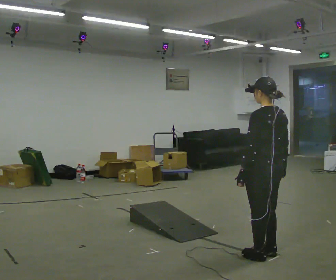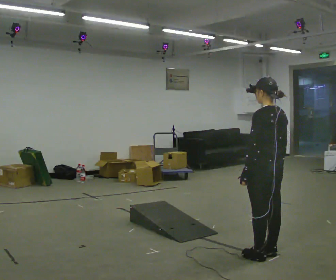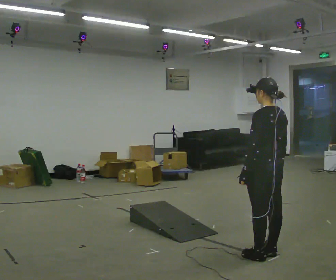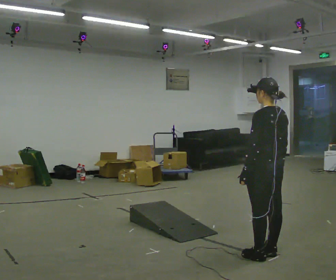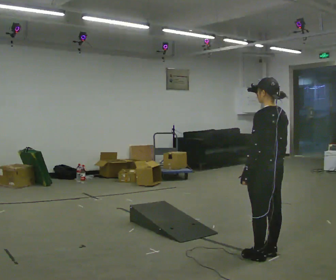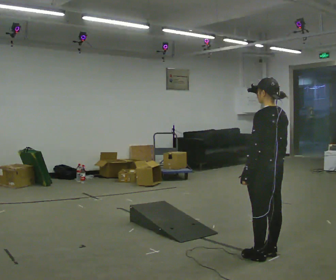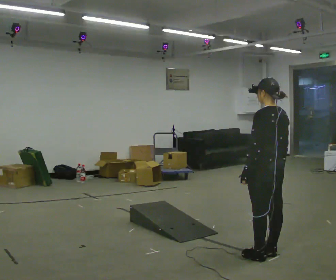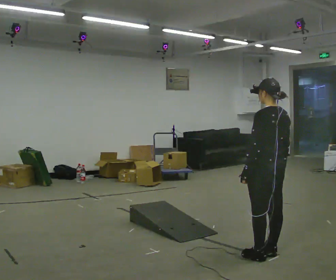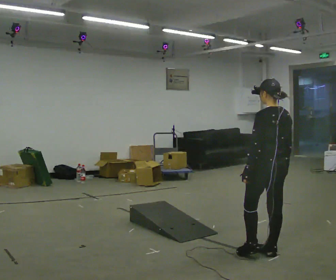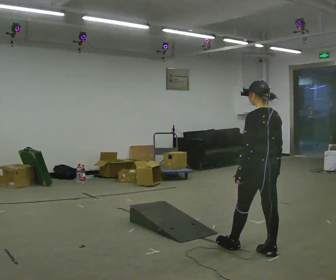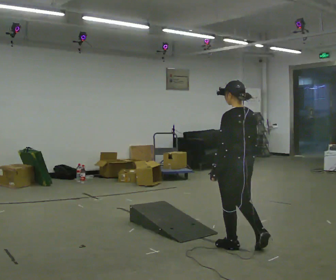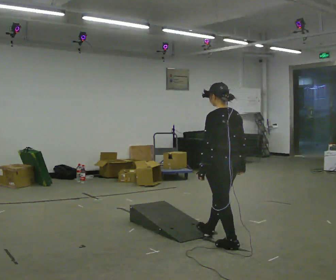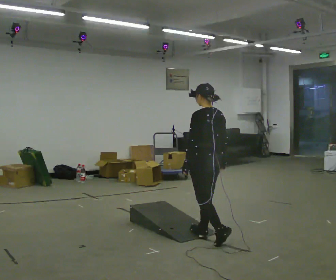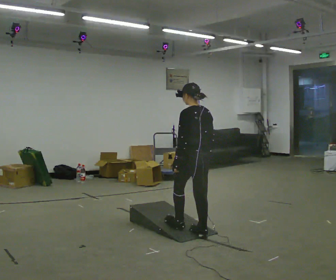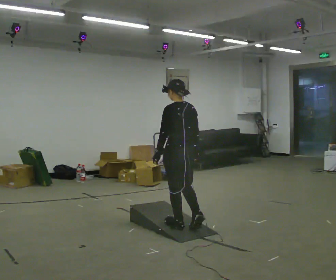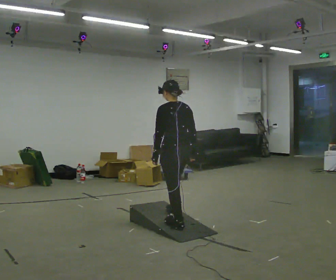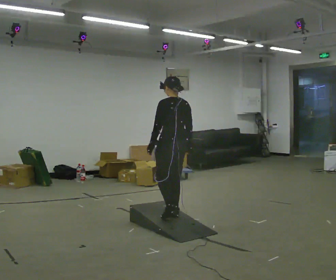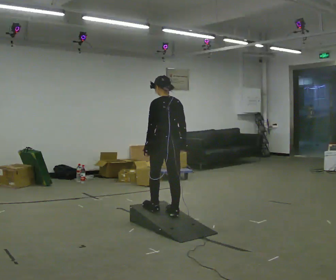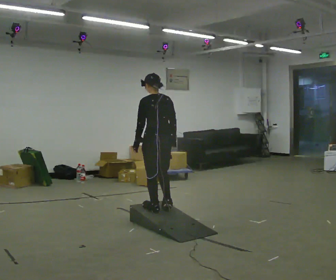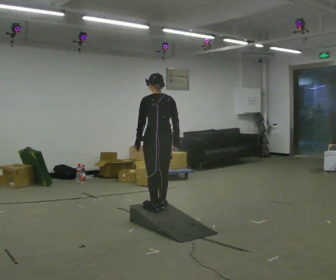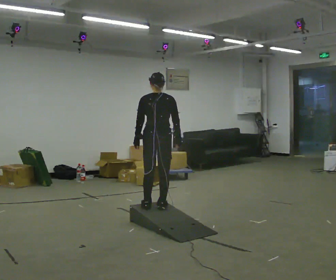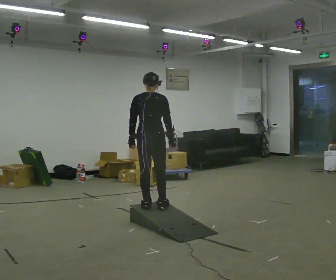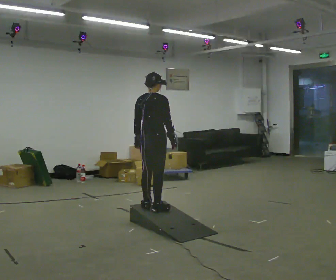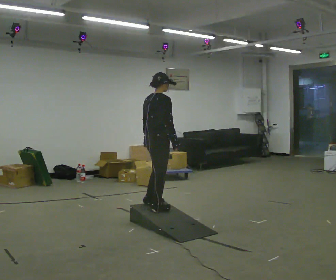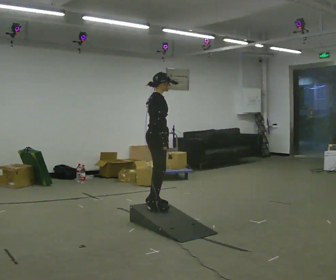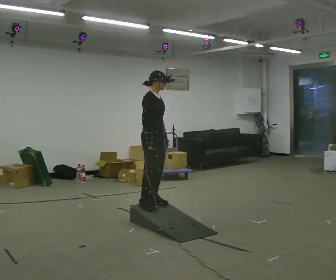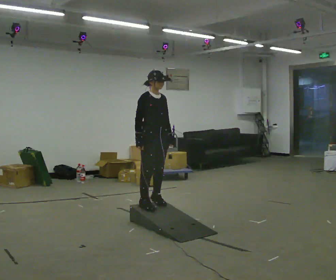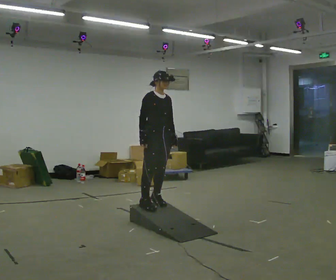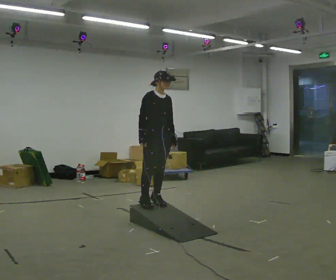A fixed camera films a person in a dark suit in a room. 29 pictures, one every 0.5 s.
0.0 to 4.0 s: In the picture they go away from the camera, about 0.25 m, which for them is to their right.
4.0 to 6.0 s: In the picture they go to the left and away from the camera, about 0.5 m in 2 steps, which for them is forward.
6.0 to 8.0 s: In the picture they go away from the camera and to the left, about 0.5 m in 2 steps, which for them is forward.
8.0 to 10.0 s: Seen from above the body turns clockwise, about 30 degrees: to their right, with its near side sliding to the left. In the picture they go to the left and away from the camera, about 0.25 m in 2 steps, which for them is forward.
10.0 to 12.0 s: The part of the body nearest the lens slides to the left as the person turns to their right by about 90 degrees.
12.0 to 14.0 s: Seen from above the body turns clockwise, about 60 degrees: to their right, with its near side sliding to the left.
The film runs forward here.
